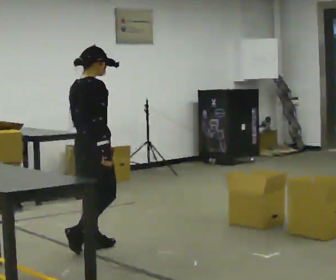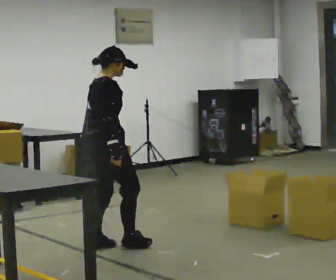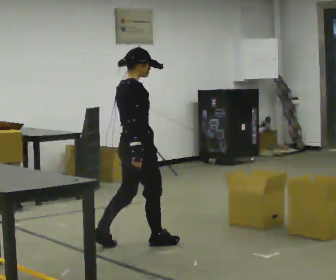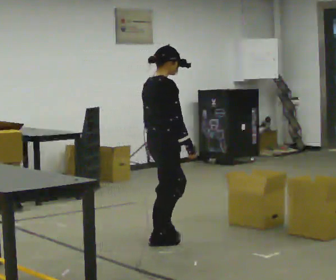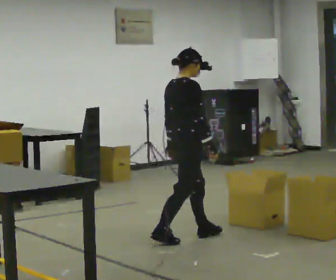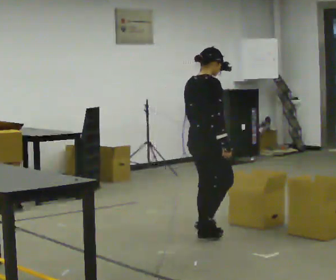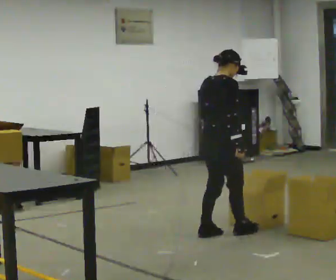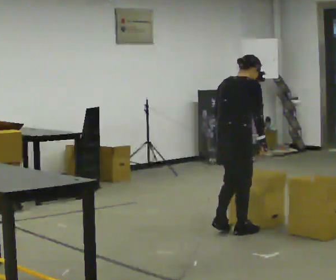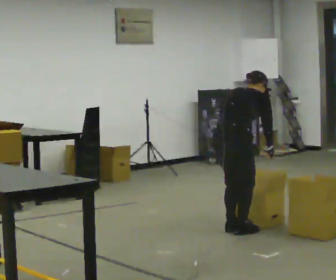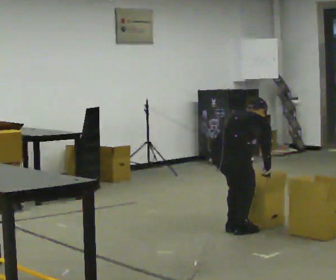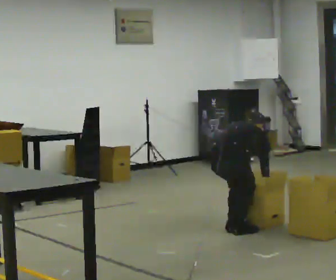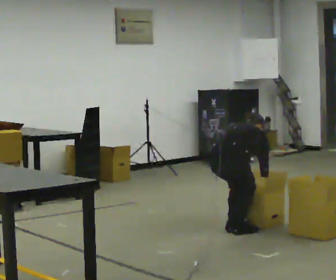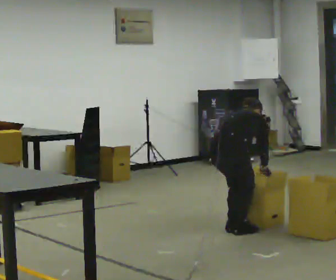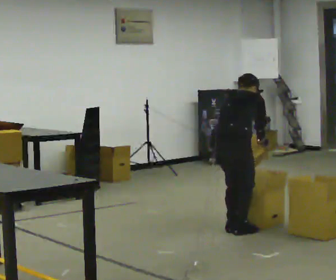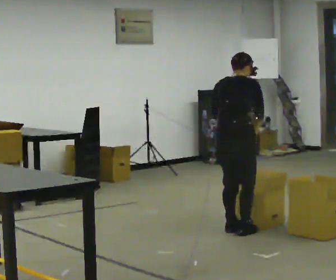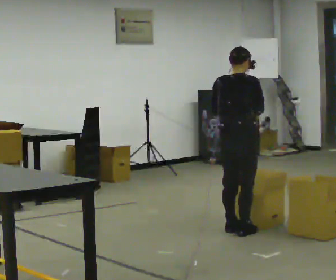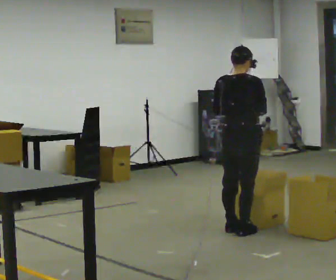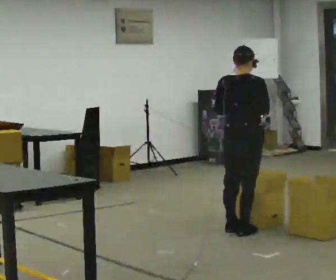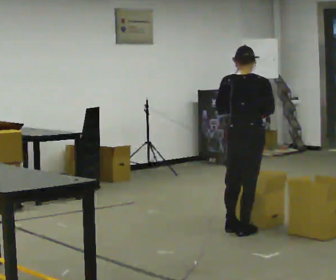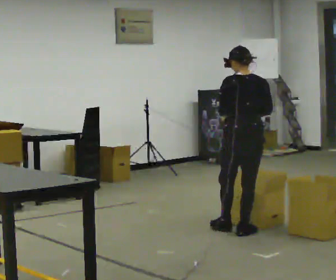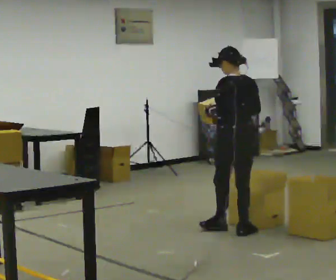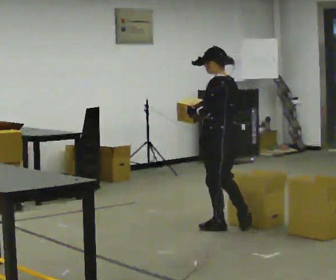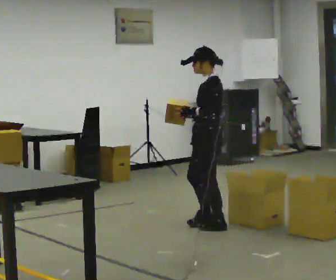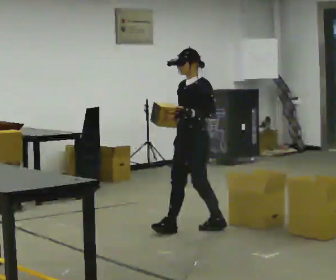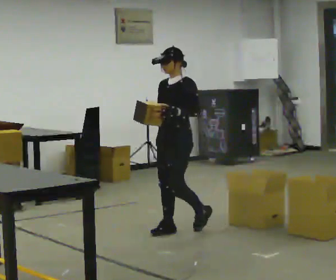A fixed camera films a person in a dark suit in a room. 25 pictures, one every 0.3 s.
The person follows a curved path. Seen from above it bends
counterclockwise.
The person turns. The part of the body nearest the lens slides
to the right.
0.0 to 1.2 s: In the picture they go to the right and away from the camera, about 1 m in 2 steps, which for them is forward.
1.2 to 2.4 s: The person turns about 30 degrees to their left, counterclockwise seen from above, so the part of the body nearest the lens slides to the right. In the picture they go to the right and away from the camera, about 0.5 m in 2 steps, which for them is forward. The upper body tips away from the camera, its near side rolling upward, as they bend forward.
2.4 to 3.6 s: The person moves a little, or ends about where they began.
3.6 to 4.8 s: The upper body goes upward. The upper body tips toward the camera, its near side rolling downward, as they lean back or straighten. In the picture their right hand goes upward.
4.8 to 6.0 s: The person turns about 60 degrees to their left, counterclockwise seen from above, so the part of the body nearest the lens slides to the right.
6.0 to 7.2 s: The part of the body nearest the lens slides to the right as the person turns to their left by about 90 degrees. In the picture they go to the left, about 0.5 m in 1 step.
The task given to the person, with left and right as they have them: 1. Look at the shelf and see which spaces are empty. 2. Find matching items in the bins on the floor. 3. Fill the empty spaces on the shelf. 4. Tell the operator when you are finished.
The film runs forward here.
